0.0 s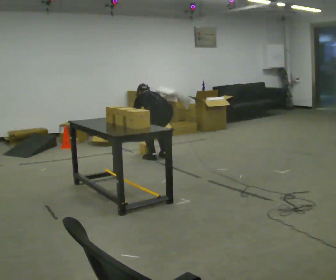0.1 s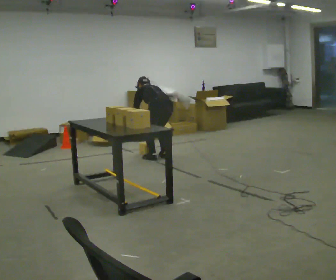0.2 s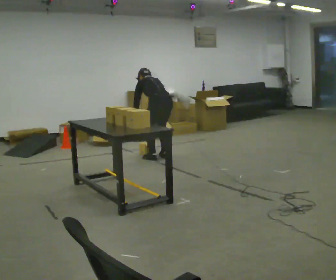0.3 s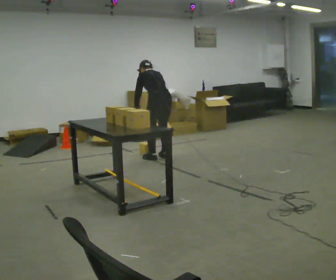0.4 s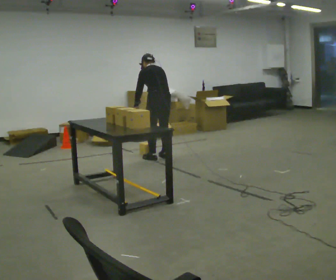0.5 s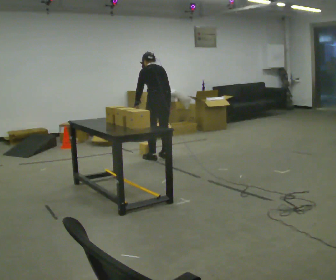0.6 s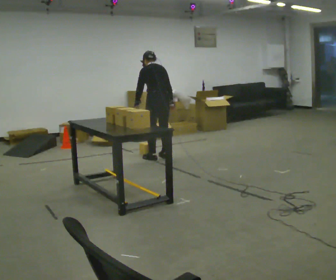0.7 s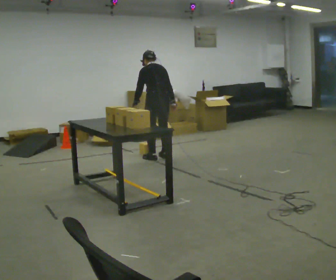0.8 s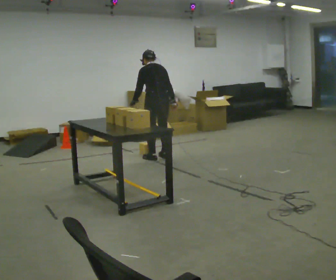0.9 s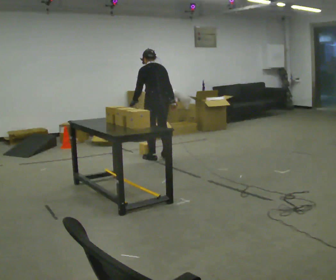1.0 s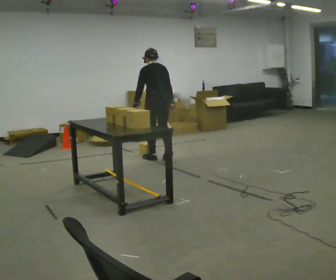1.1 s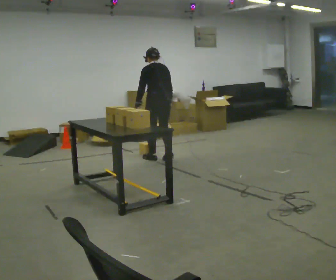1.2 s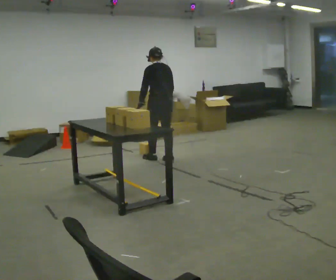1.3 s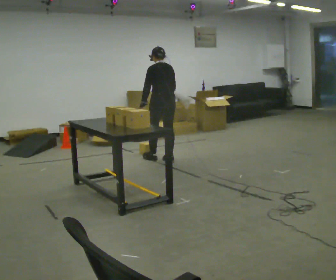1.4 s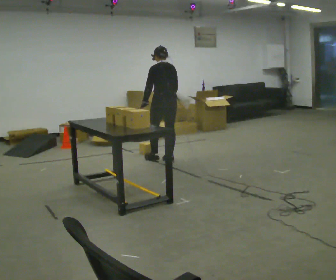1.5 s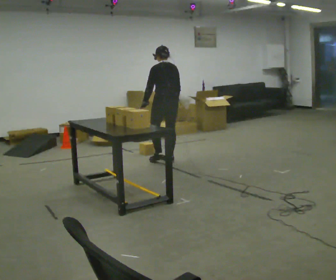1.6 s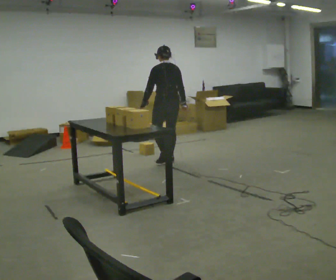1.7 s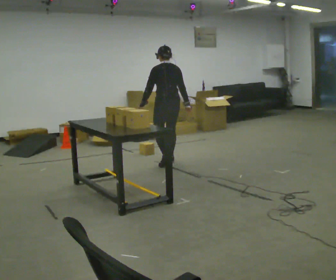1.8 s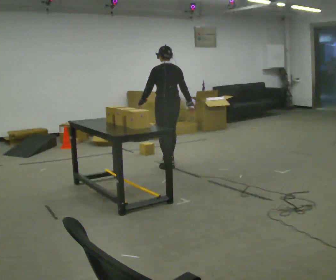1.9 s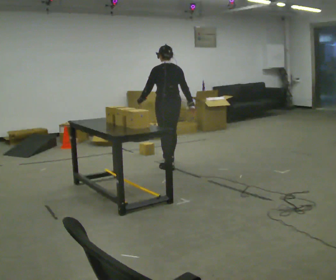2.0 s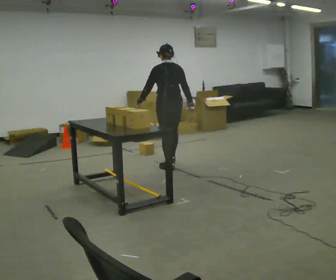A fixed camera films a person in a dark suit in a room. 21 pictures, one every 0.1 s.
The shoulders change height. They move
upward.
Their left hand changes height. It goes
upward.
0.0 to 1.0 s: The upper body goes upward. The upper body tips toward the camera, its near side rolling downward, as they lean back or straighten. In the picture their right hand goes upward.
1.0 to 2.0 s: In the picture they go toward the camera, about 0.5 m in 2 steps, which for them is backward.
The film runs backward here.
